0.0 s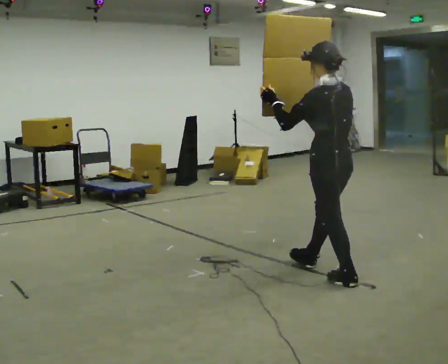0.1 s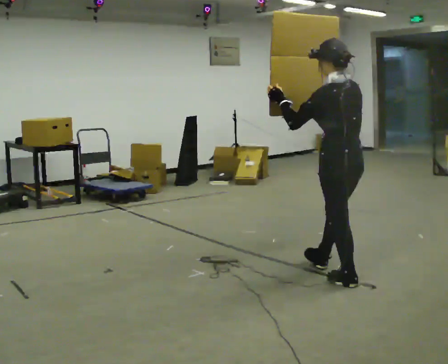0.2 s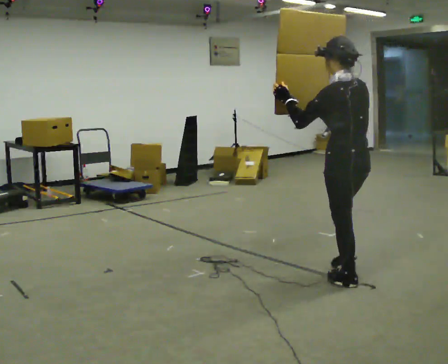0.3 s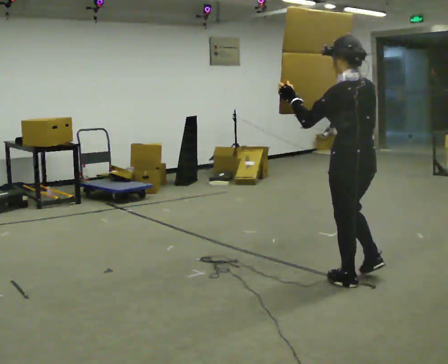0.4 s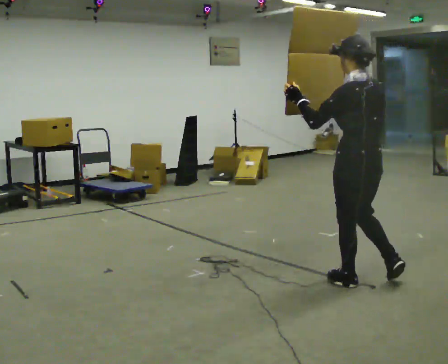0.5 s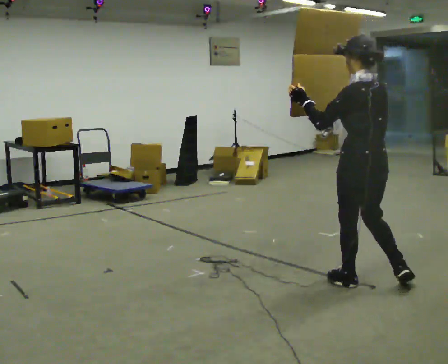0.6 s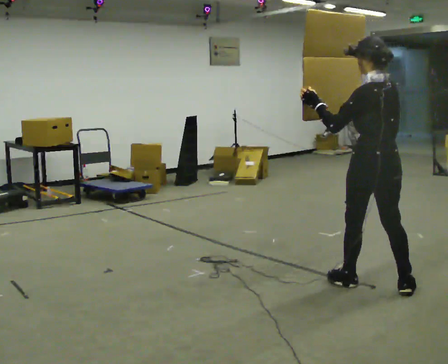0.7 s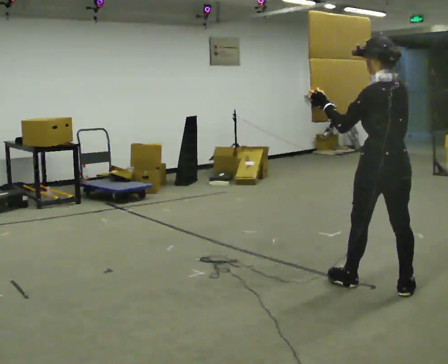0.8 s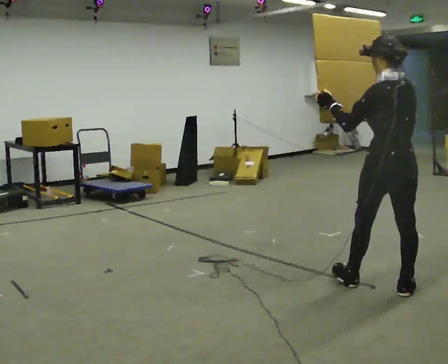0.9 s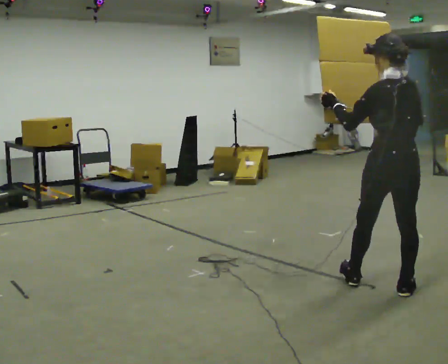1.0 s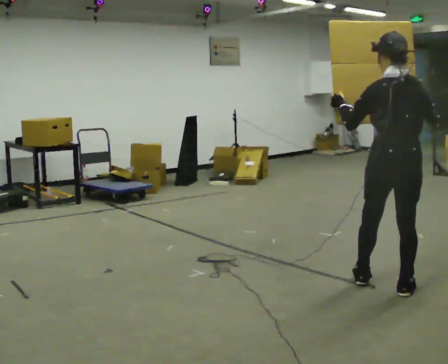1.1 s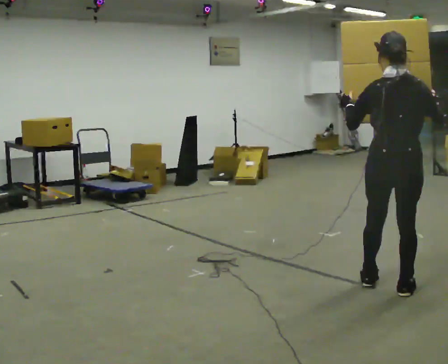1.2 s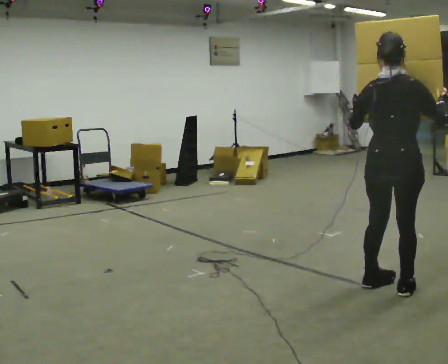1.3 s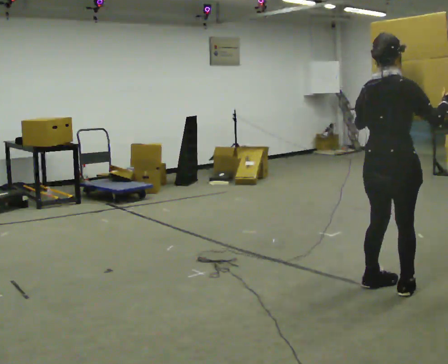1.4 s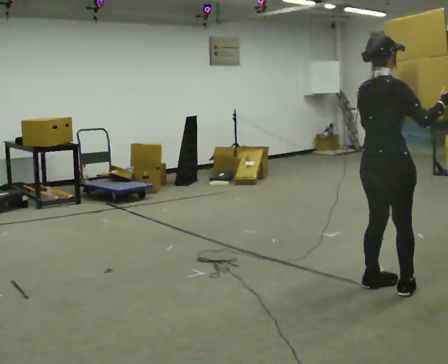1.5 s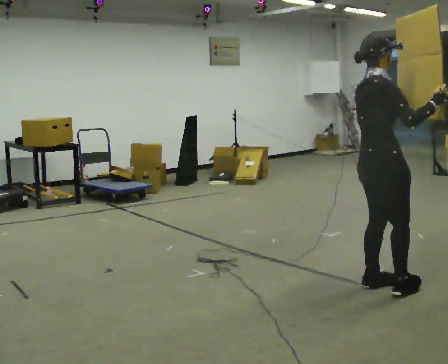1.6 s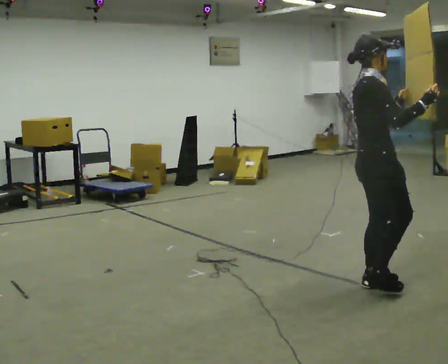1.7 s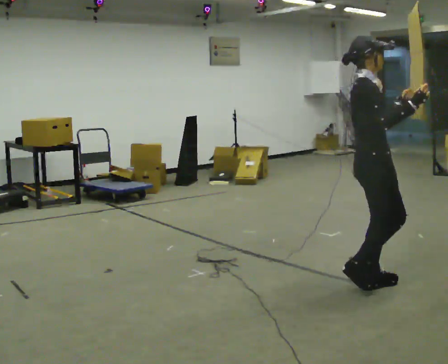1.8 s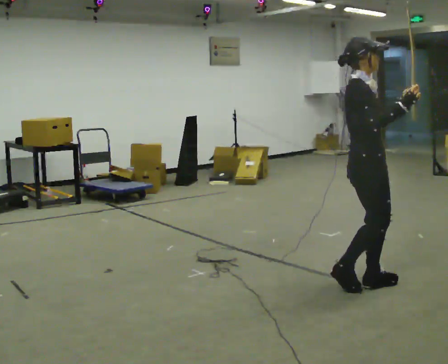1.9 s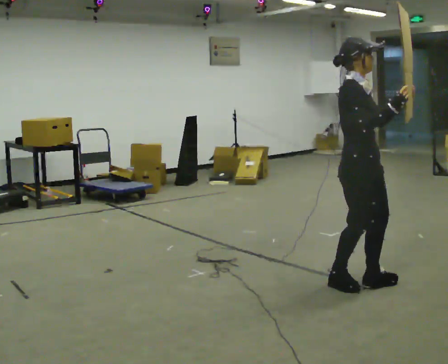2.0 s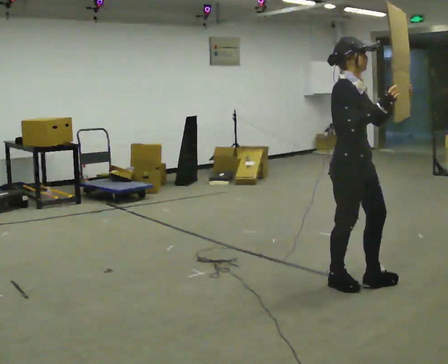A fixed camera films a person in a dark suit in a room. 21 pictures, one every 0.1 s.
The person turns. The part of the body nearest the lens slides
to the left.
The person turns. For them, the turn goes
to their right.
0.0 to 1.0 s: The person turns about 30 degrees to their right, clockwise seen from above, so the part of the body nearest the lens slides to the left. In the picture they go to the right and toward the camera, about 0.5 m in 1 step, which for them is backward.
1.0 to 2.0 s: The person turns about 135 degrees to their right, clockwise seen from above, so the part of the body nearest the lens slides to the left. In the picture they go to the left, about 0.25 m in 1 step.
The film runs backward here.
